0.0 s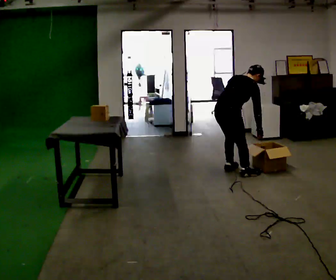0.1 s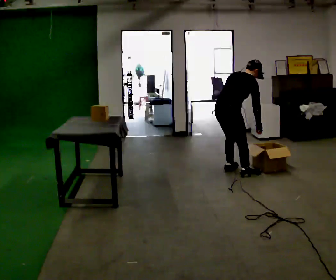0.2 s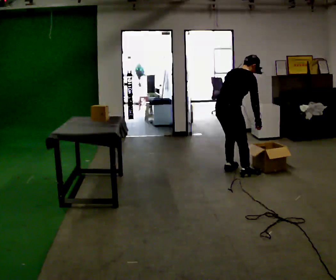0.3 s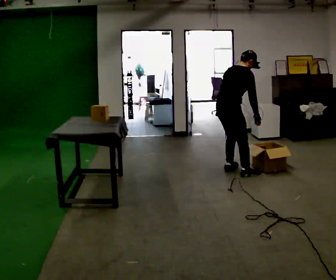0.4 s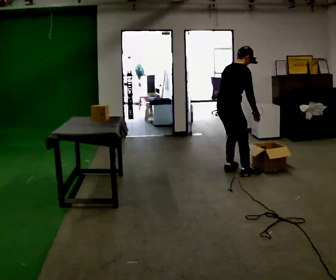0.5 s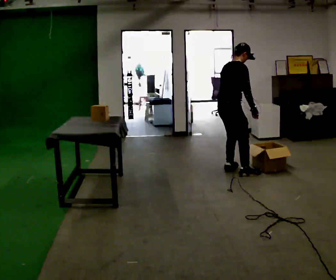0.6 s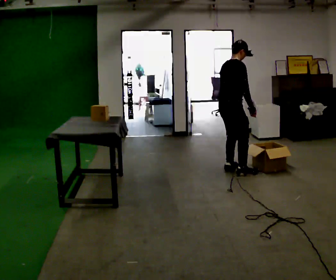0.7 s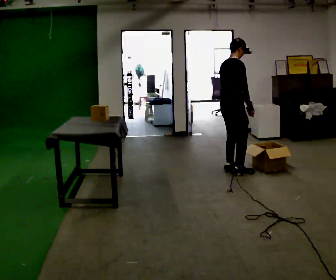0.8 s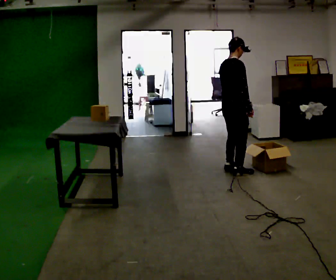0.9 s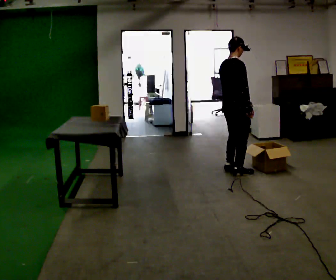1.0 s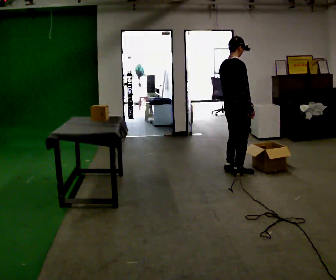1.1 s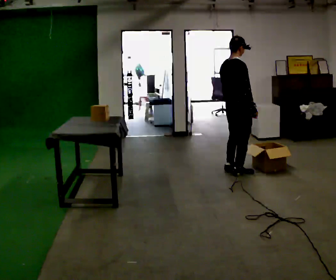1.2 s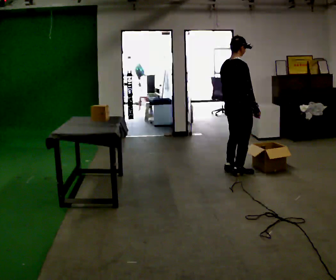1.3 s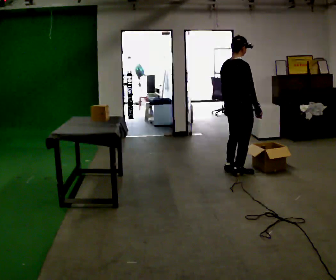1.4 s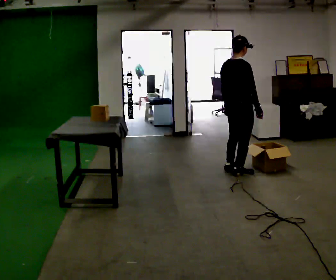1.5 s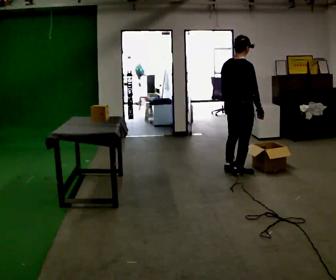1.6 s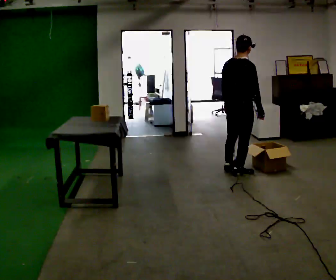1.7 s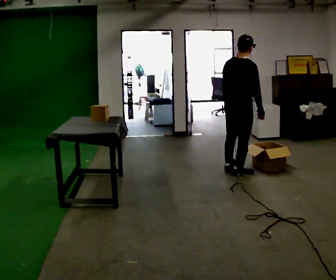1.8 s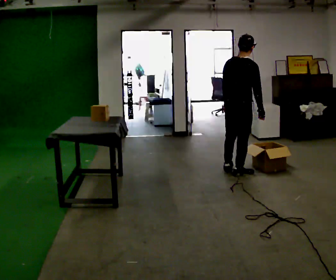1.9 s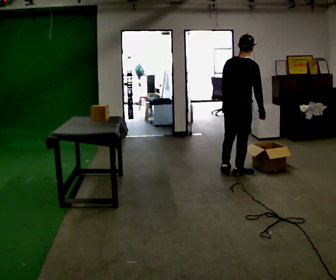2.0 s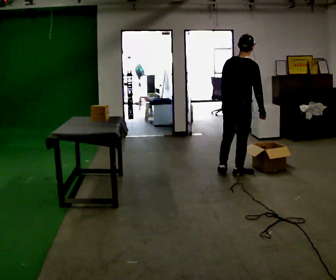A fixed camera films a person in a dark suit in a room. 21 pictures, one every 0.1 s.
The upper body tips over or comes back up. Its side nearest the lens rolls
downward.
0.0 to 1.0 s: The shoulders move upward. In the picture the upper body tilts counterclockwise, shoulders to the left, as they lean back or straighten.
1.0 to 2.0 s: Seen from above the body turns counterclockwise, about 30 degrees: to their left, with its near side sliding to the right.
The film runs forward here.
